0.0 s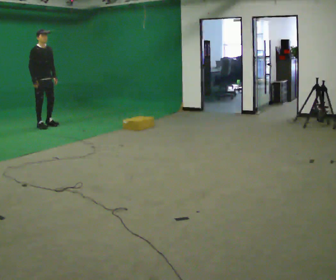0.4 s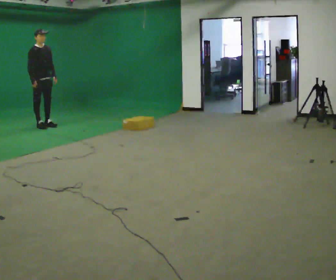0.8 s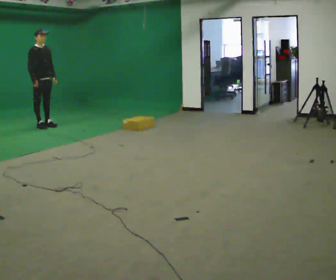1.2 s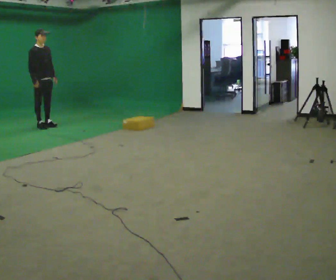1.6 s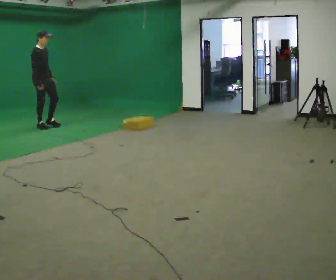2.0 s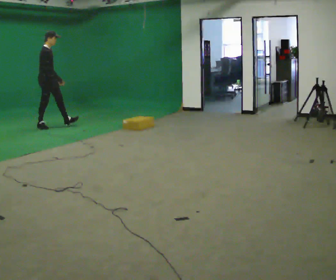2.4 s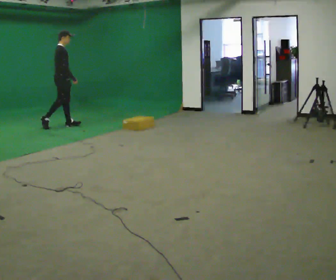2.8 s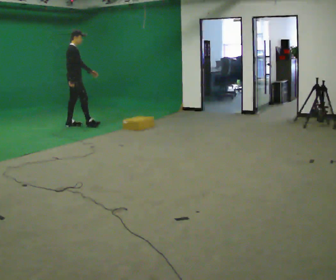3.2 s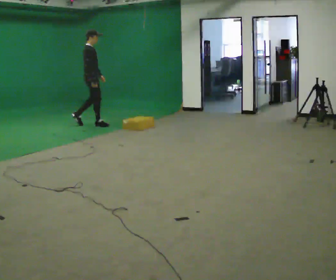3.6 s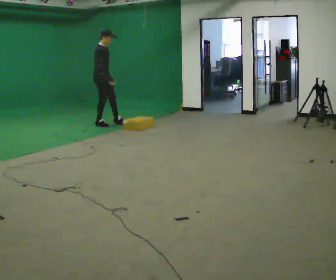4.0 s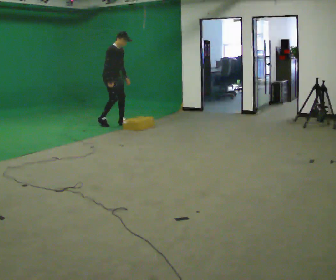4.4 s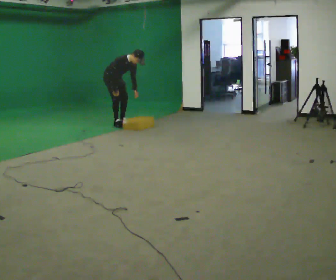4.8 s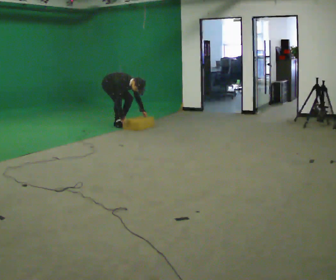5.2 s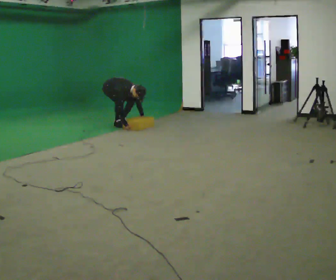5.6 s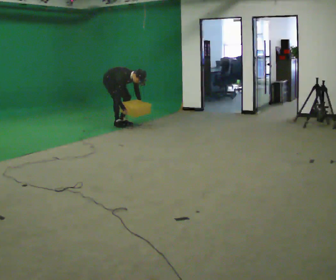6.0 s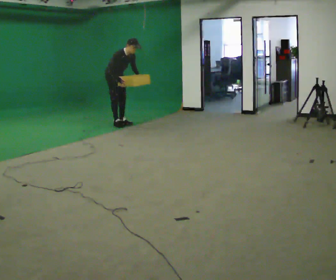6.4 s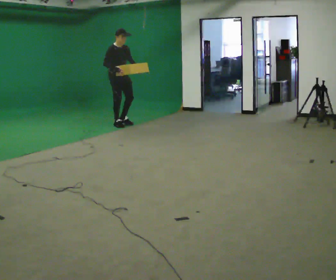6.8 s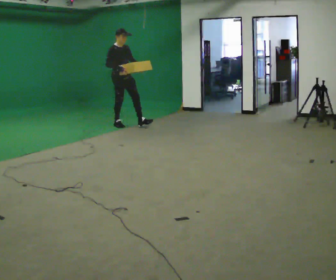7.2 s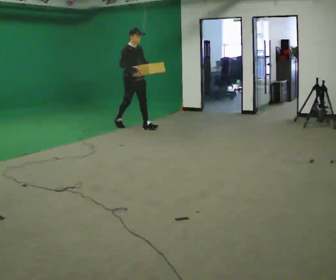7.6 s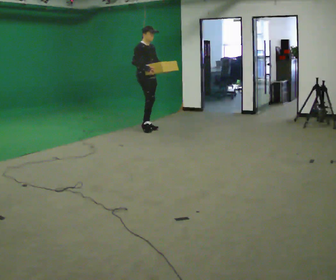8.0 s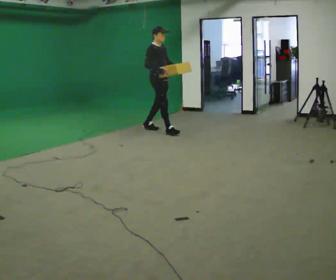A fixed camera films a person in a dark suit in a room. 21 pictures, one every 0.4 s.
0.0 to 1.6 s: The person moves a little, or ends about where they began.
1.6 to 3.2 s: The part of the body nearest the lens slides to the right as the person turns to their left by about 30 degrees. In the picture they go to the right, about 1 m in 2 steps, which for them is forward.
3.2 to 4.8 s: The person turns about 45 degrees to their right, clockwise seen from above, so the part of the body nearest the lens slides to the left. In the picture they go to the right, about 0.25 m in 2 steps, which for them is to their left and forward. The shoulders move downward. In the picture the upper body tilts clockwise, shoulders to the right, as they bend forward. In the picture their right hand goes downward.
4.8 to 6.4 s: In the picture they go toward the camera, about 0.25 m, which for them is forward. The shoulders move upward. In the picture the upper body tilts counterclockwise, shoulders to the left, as they lean back or straighten. In the picture their left hand goes upward.
6.4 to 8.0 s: In the picture they go to the right and toward the camera, about 1 m in 2 steps, which for them is forward.
The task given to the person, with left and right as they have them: Start still; walk straight at normal comfortable speed; stop at endpoint.
The film runs forward here.
